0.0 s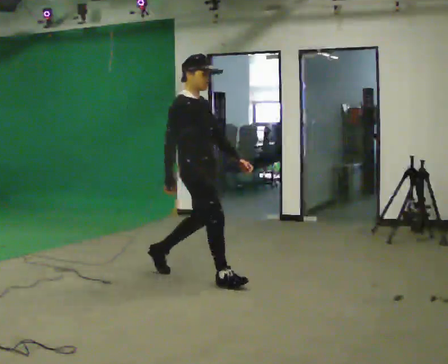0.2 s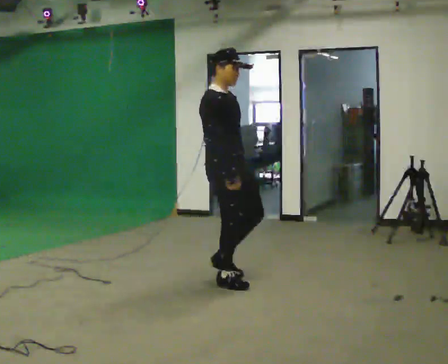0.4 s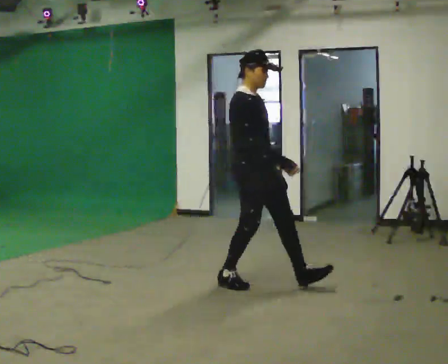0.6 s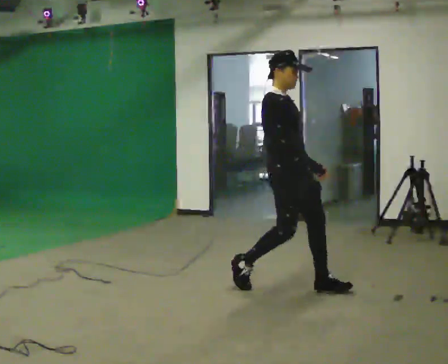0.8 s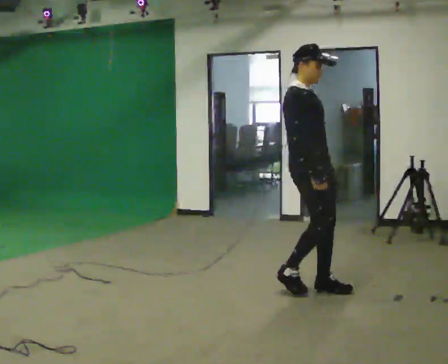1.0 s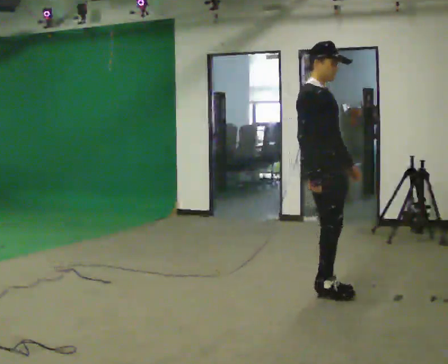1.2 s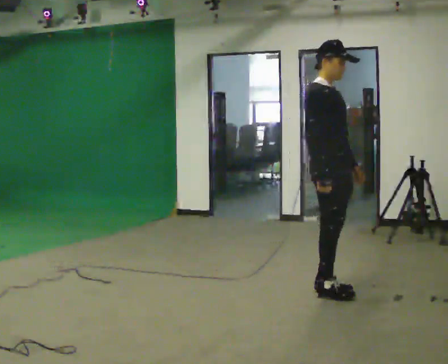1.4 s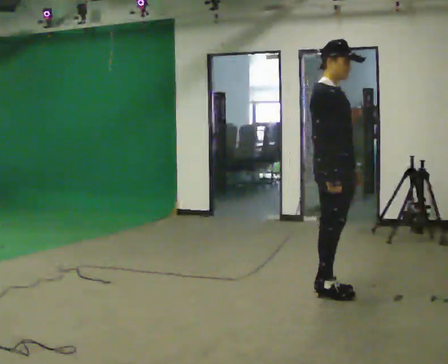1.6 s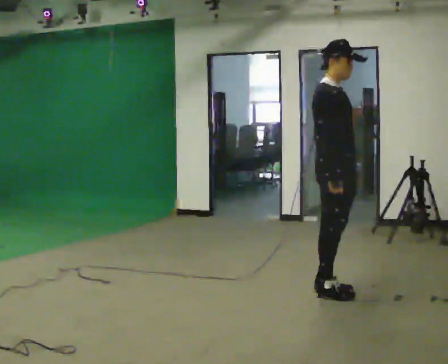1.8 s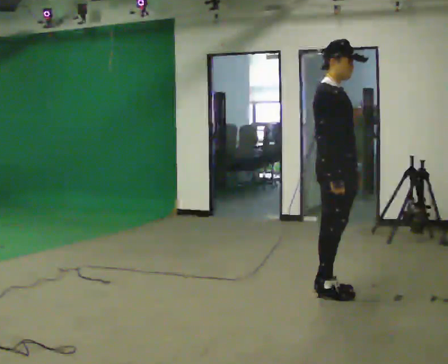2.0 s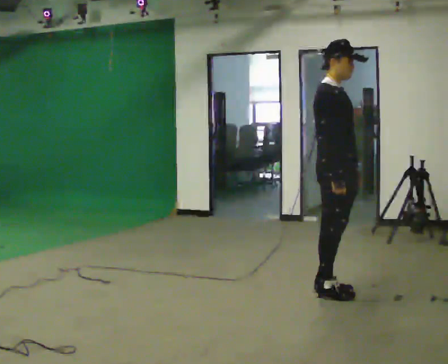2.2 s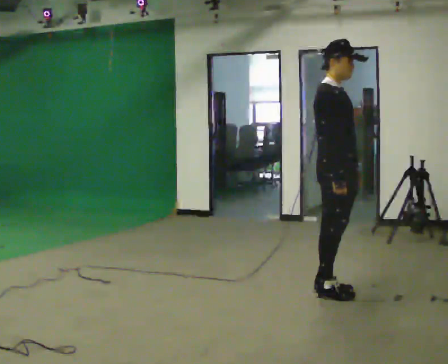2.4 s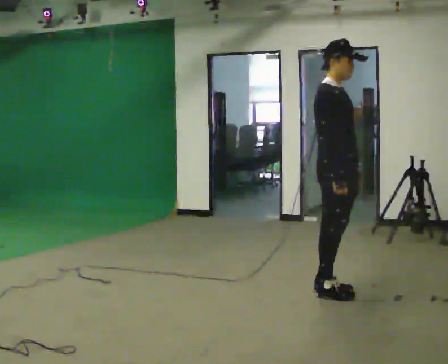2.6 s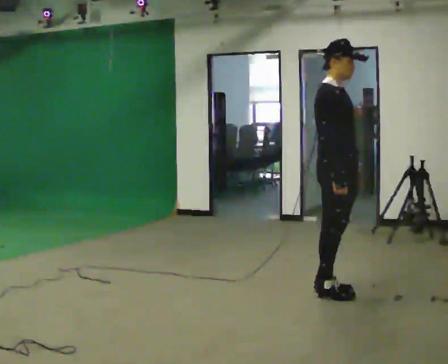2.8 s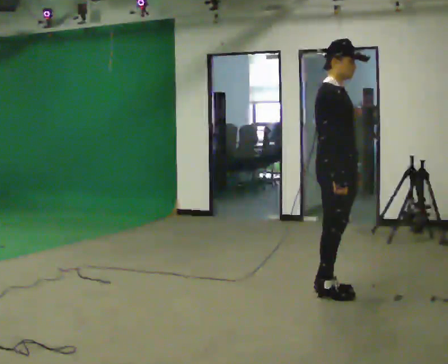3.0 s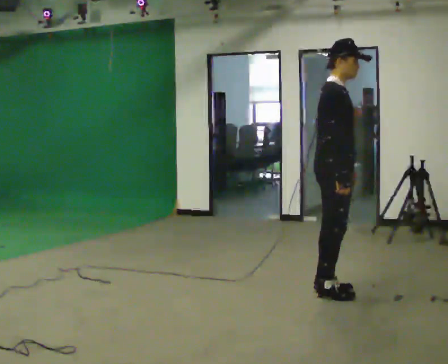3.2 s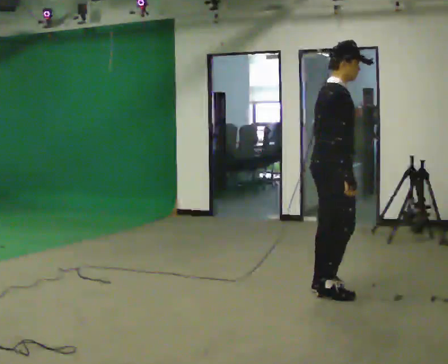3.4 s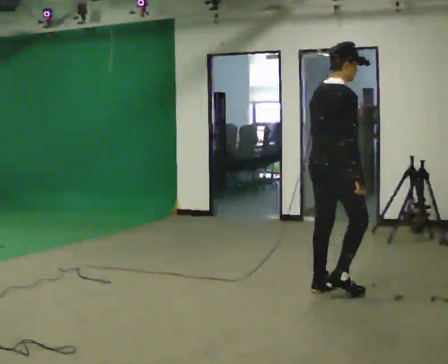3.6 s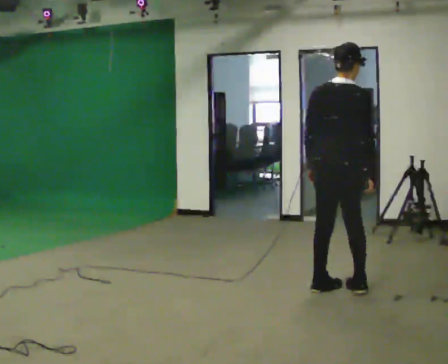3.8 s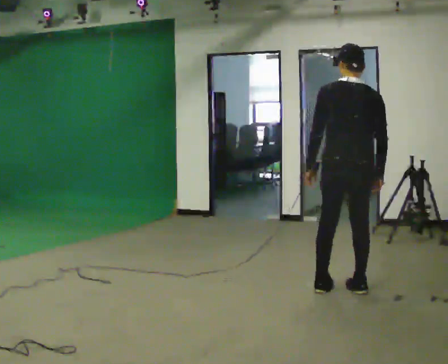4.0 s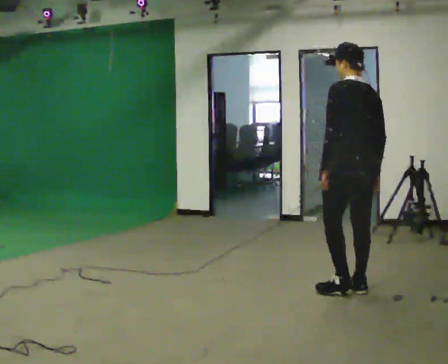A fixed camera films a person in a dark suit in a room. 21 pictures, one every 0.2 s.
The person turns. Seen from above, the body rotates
counterclockwise.
The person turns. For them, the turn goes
to their left.
0.0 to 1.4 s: In the picture they go to the right, about 1 m in 2 steps, which for them is forward.
1.4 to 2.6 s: The person moves a little, or ends about where they began.
2.6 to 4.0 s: The part of the body nearest the lens slides to the right as the person turns to their left by about 150 degrees. In the picture they go to the right, about 0.25 m in 1 step.
The film runs forward here.
